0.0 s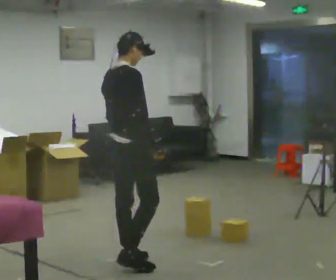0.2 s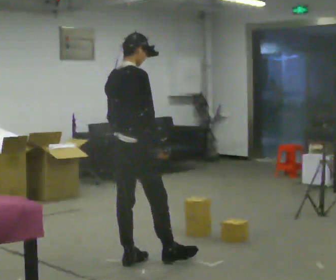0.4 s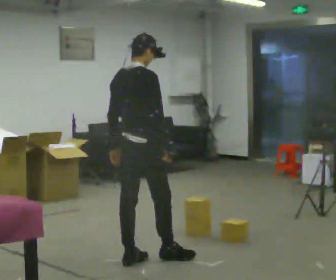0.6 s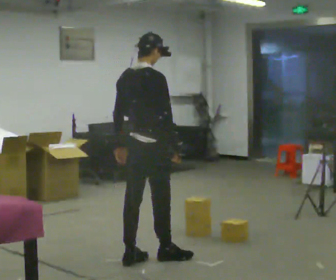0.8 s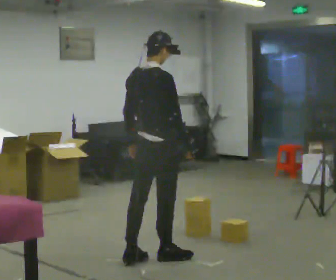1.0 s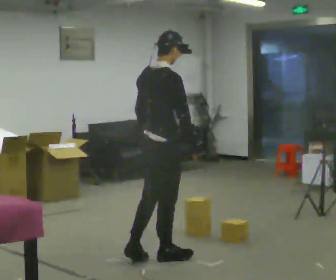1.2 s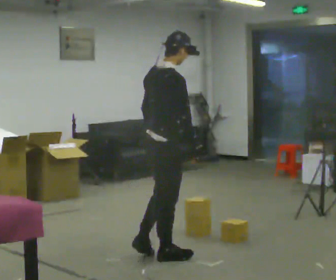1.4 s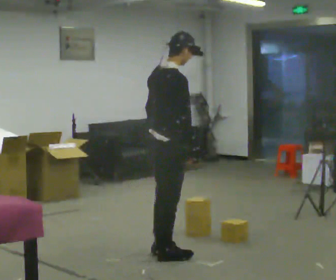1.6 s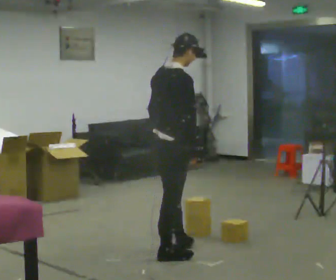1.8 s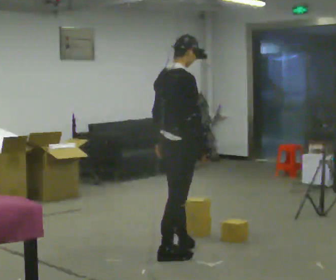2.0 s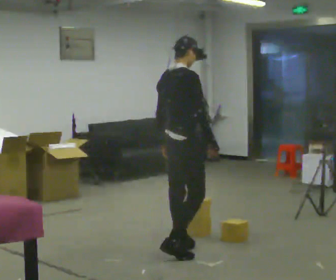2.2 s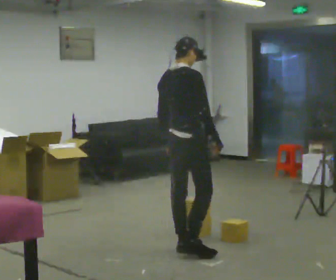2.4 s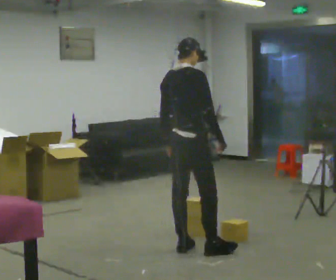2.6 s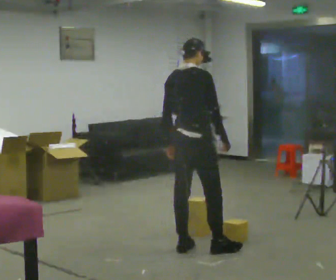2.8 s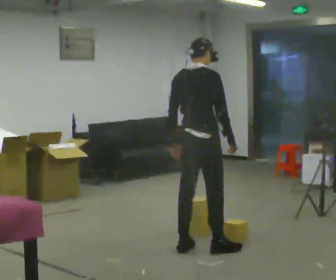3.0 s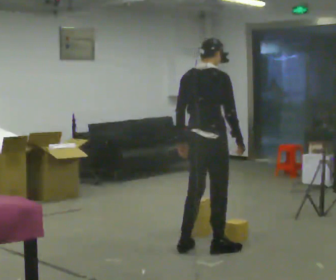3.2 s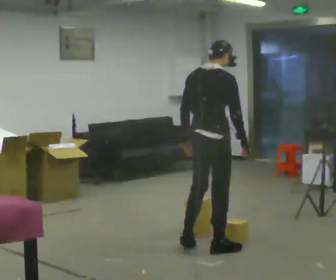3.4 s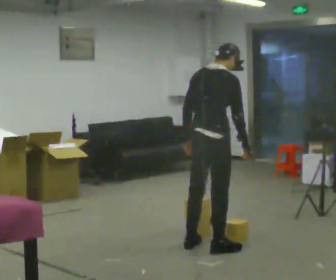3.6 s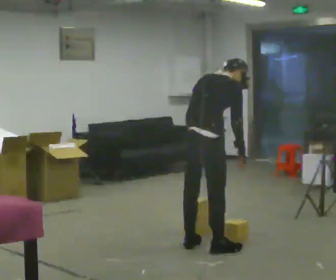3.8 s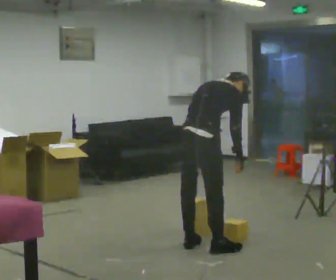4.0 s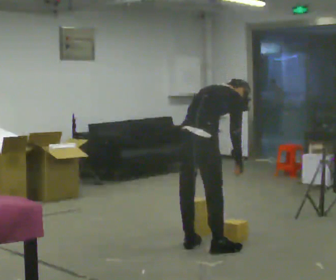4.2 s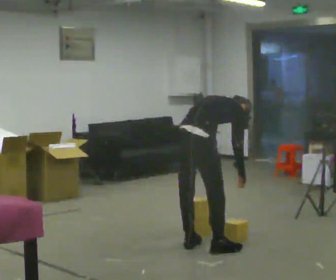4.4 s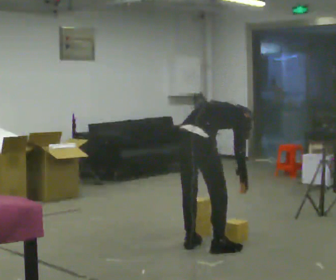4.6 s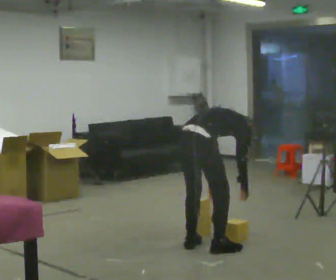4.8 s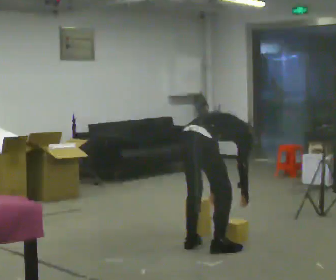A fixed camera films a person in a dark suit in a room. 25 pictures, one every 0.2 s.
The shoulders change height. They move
downward.
0.0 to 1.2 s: In the picture they go to the right and away from the camera, about 0.25 m in 1 step, which for them is forward.
1.2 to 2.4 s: In the picture they go away from the camera and to the right, about 0.25 m in 1 step, which for them is forward.
2.4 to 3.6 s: In the picture the upper body tilts clockwise, shoulders to the right, as they bend forward.
3.6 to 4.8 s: The shoulders move downward. The upper body tips away from the camera, its near side rolling upward, as they bend forward. In the picture their left hand goes downward.
The film runs forward here.
